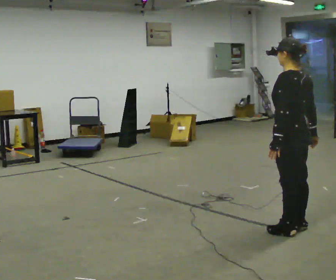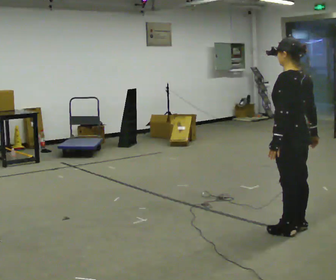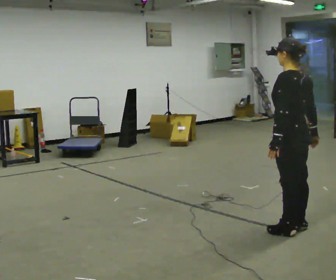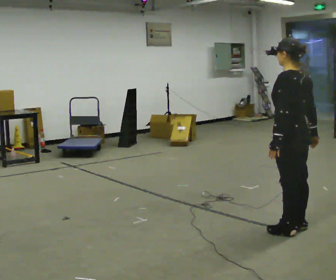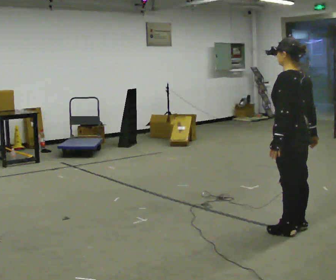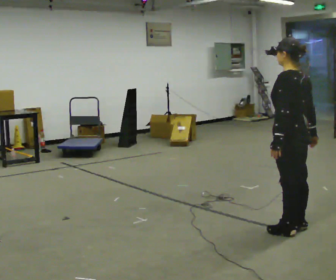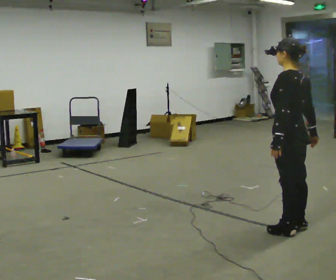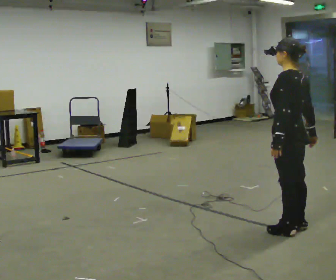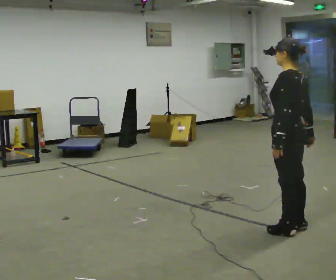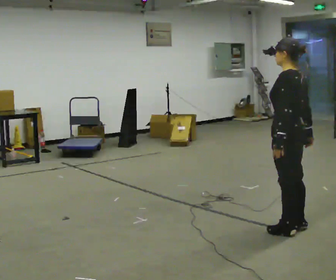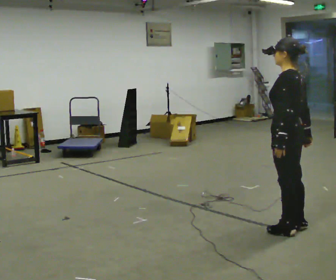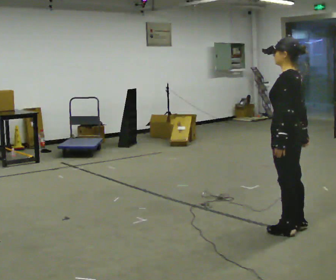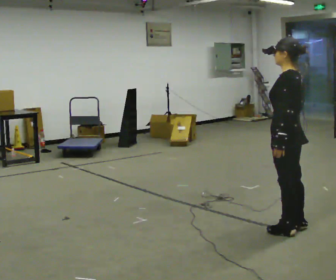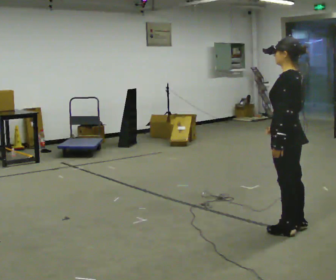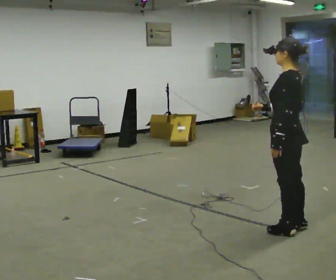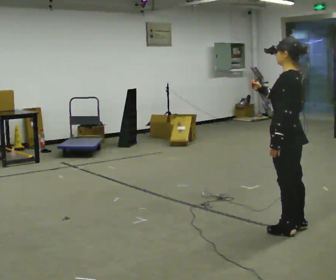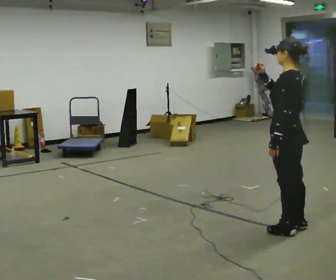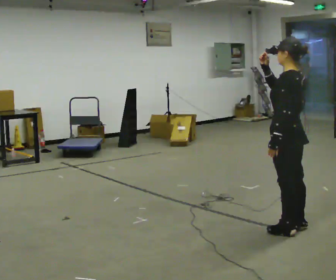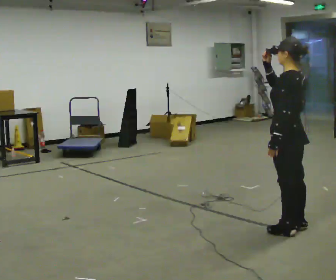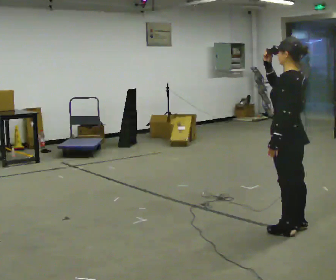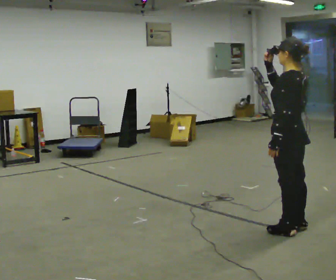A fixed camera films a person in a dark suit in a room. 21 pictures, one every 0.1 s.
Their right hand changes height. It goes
upward.
0.0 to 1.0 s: The person moves a little, or ends about where they began.
1.0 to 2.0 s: In the picture their right hand goes upward and to the left.
The film runs backward here.
